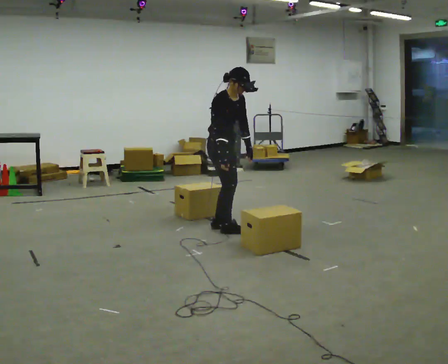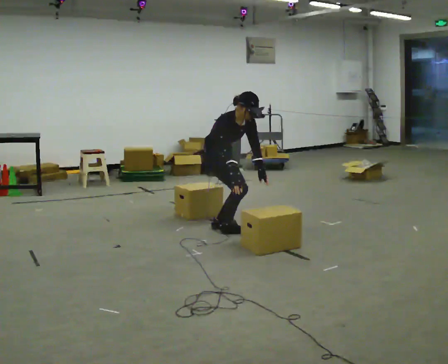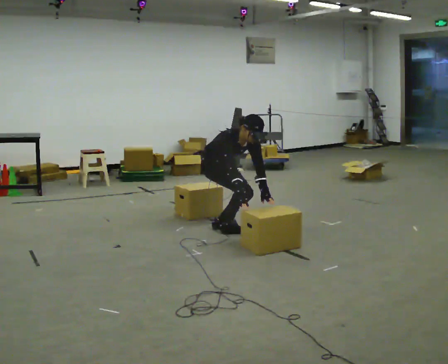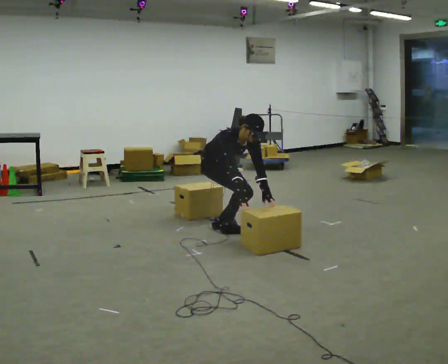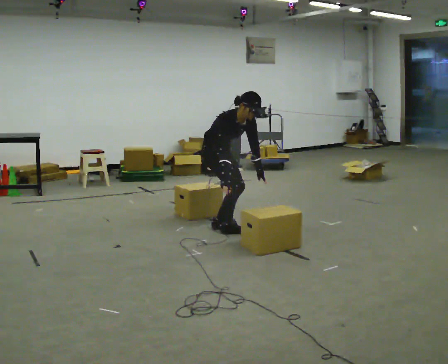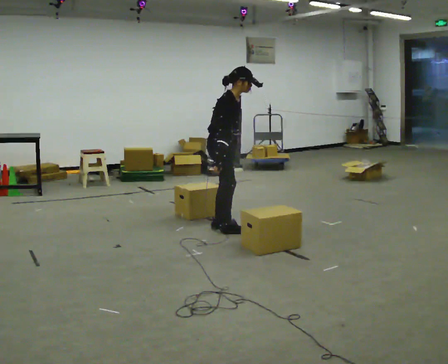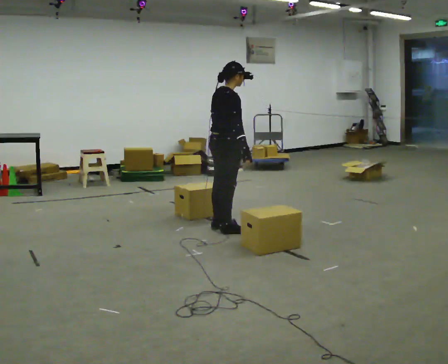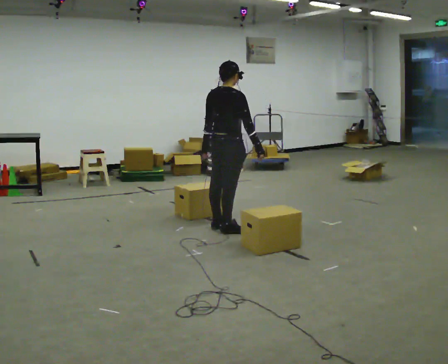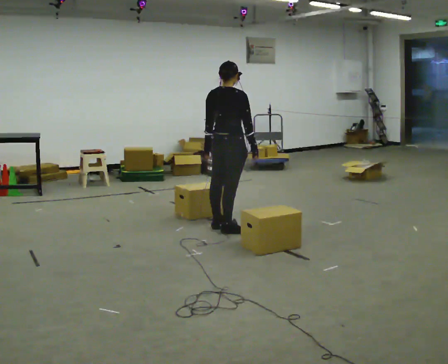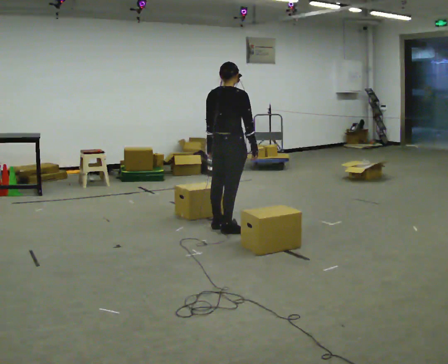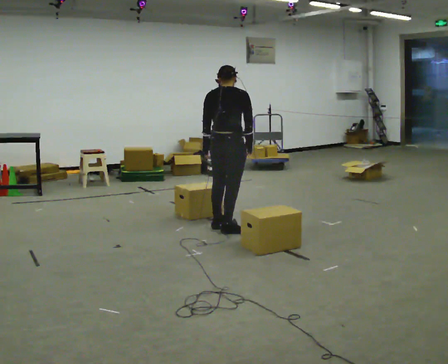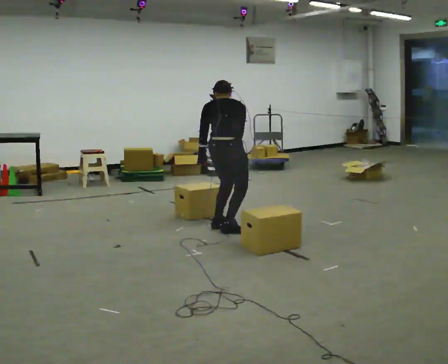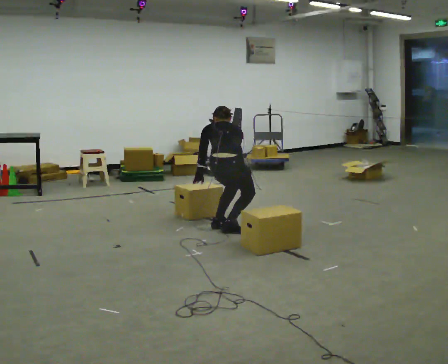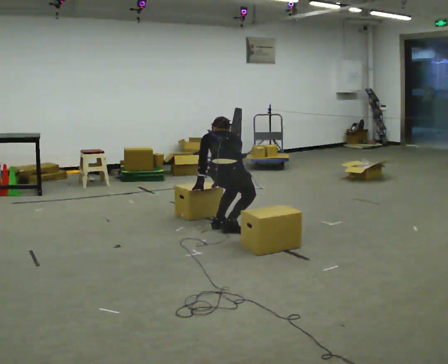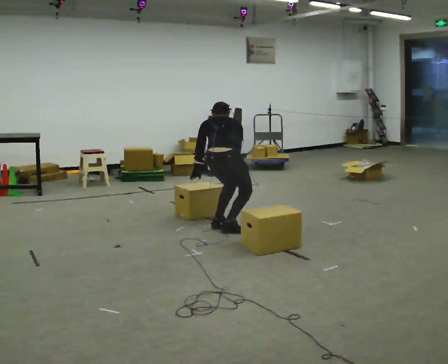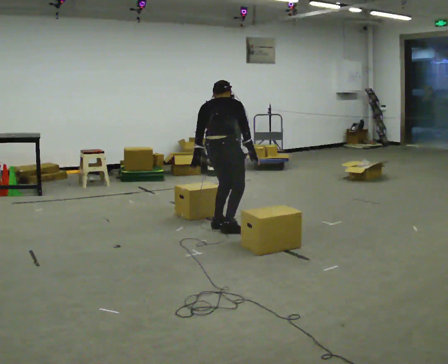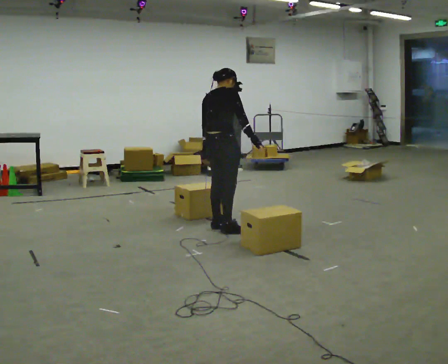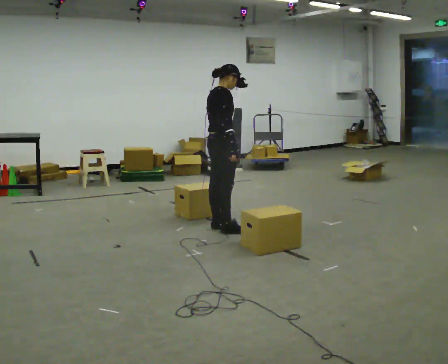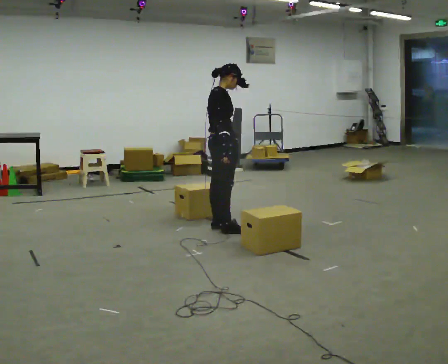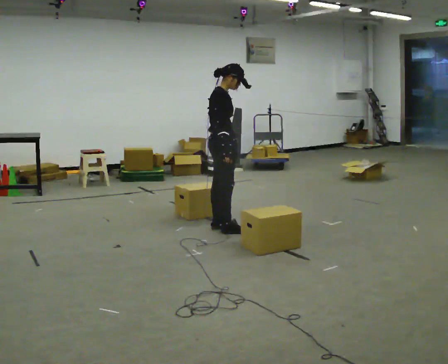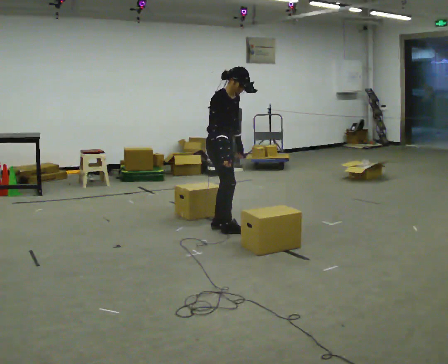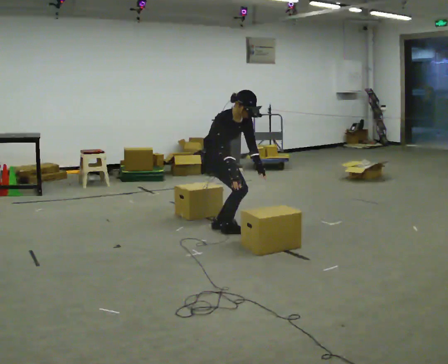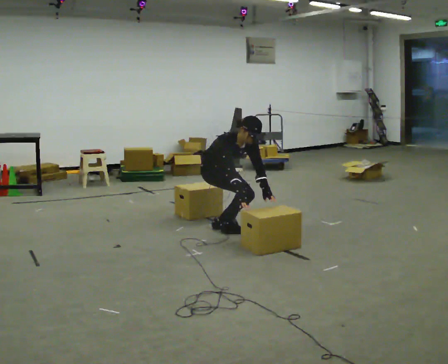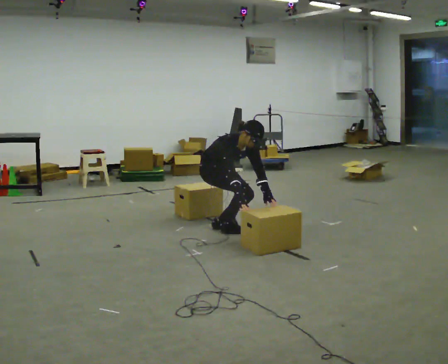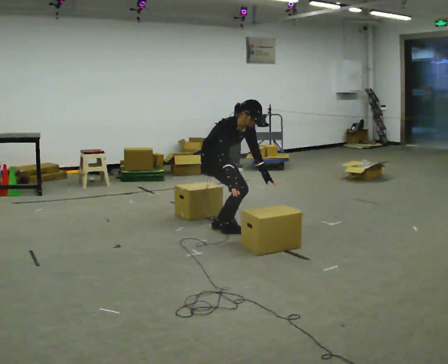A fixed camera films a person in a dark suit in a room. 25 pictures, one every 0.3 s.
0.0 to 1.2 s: The person moves a little, or ends about where they began.
1.2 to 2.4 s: The part of the body nearest the lens slides to the right as the person turns to their left by about 90 degrees. The shoulders move upward. In the picture the upper body tilts counterclockwise, shoulders to the left, as they lean back or straighten. In the picture their left hand goes to the left, the arm swinging clockwise.
2.4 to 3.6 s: The part of the body nearest the lens slides to the right as the person turns to their left by about 30 degrees. The shoulders move downward. The upper body tips away from the camera, its near side rolling upward, as they bend forward. In the picture their right hand goes to the left and downward.
3.6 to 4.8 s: The person turns about 45 degrees to their right, clockwise seen from above, so the part of the body nearest the lens slides to the left. The shoulders move upward. The upper body tips toward the camera, its near side rolling downward, as they lean back or straighten. In the picture their right hand goes upward and to the right, the arm swinging counterclockwise.
4.8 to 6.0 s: The part of the body nearest the lens slides to the left as the person turns to their right by about 60 degrees. The upper body tips toward the camera, its near side rolling downward.
6.0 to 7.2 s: The person moves a little, or ends about where they began.
The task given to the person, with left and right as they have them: The object is placed just too far away for you to reach. Try to reach it while keeping both feet planted, and step only when you have to. Repeat at your own pace until the operator says stop. Go slowly and only as far as you are comfortable. Step whenever you need to; do not try to hold on longer than feels safe.
The film runs forward here.
